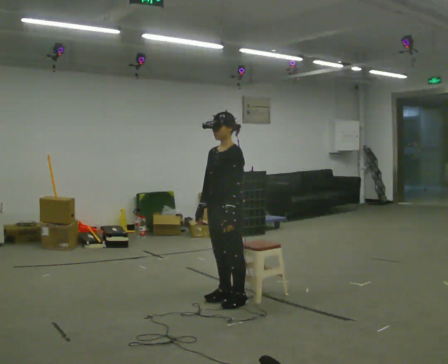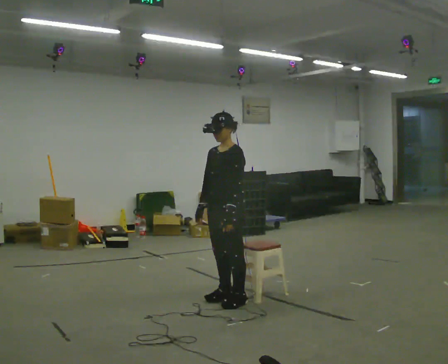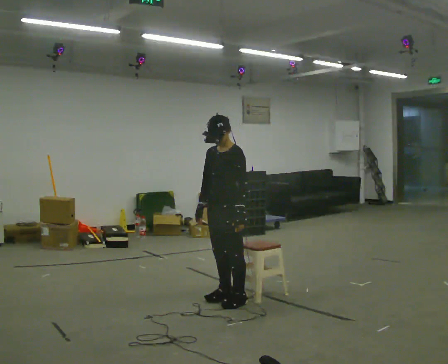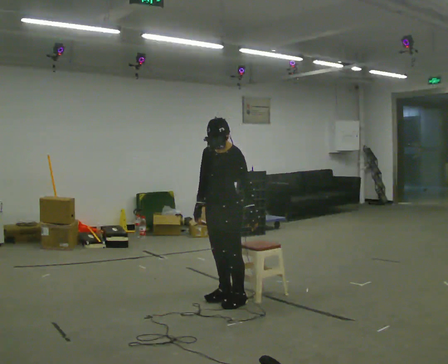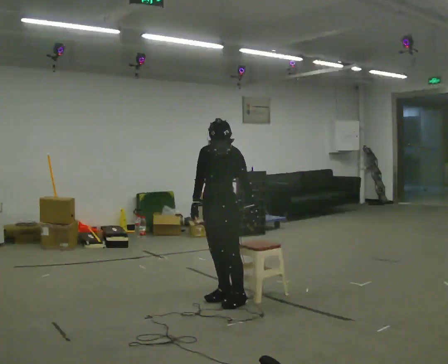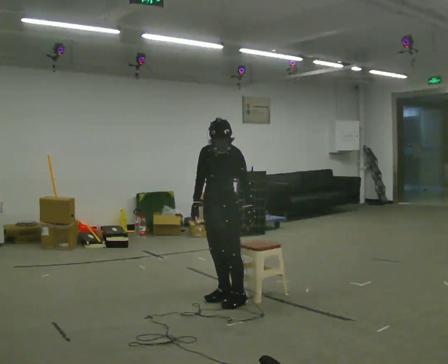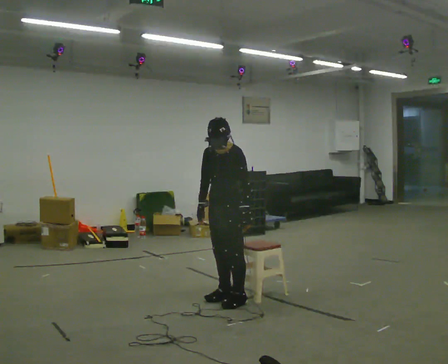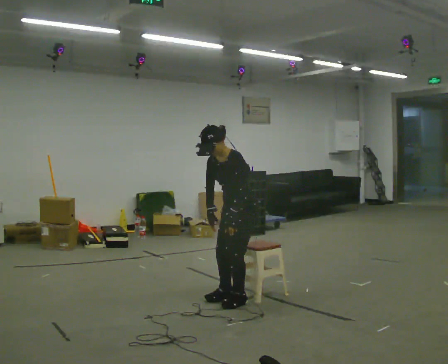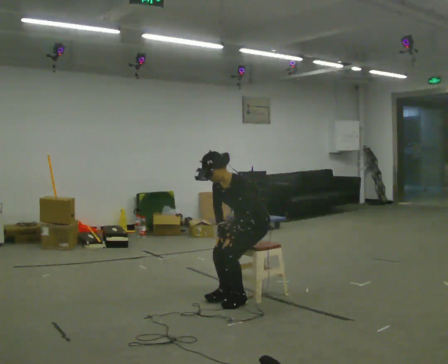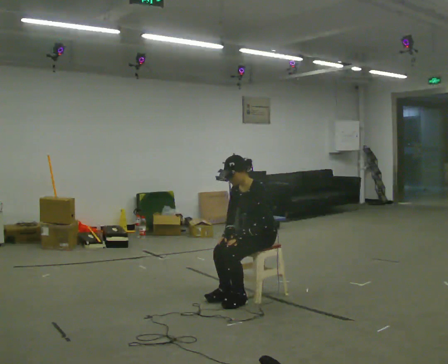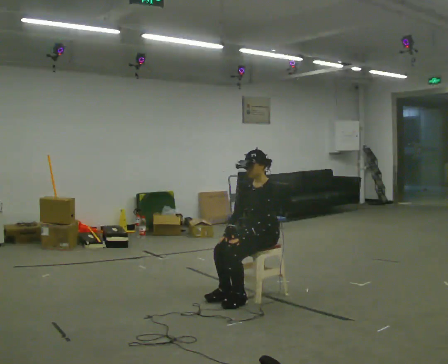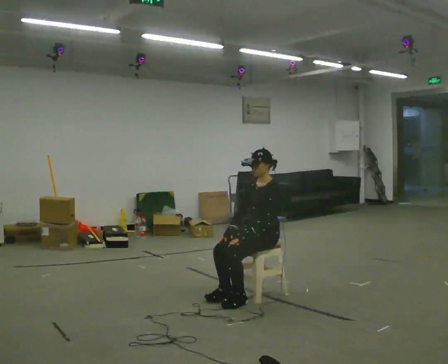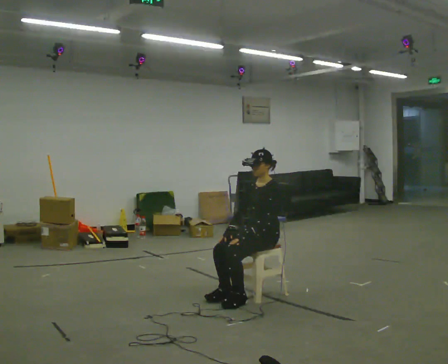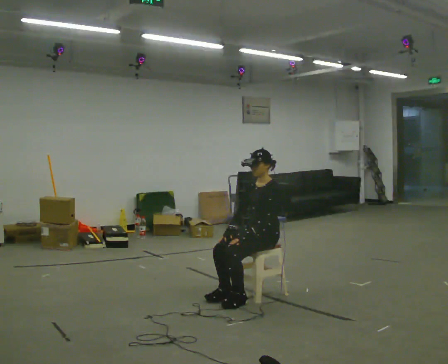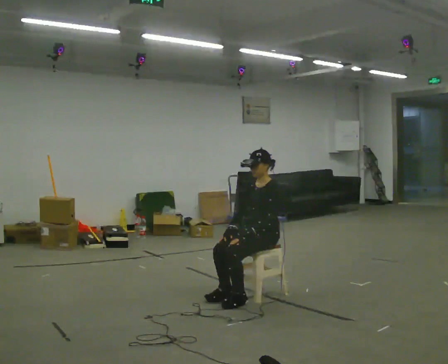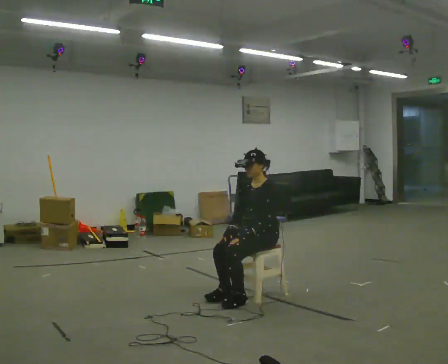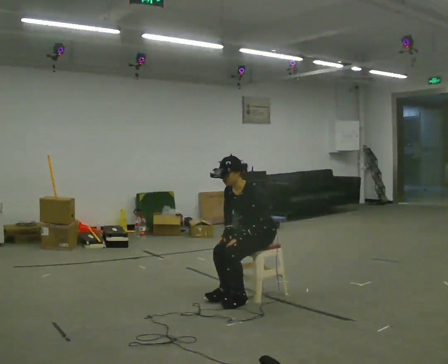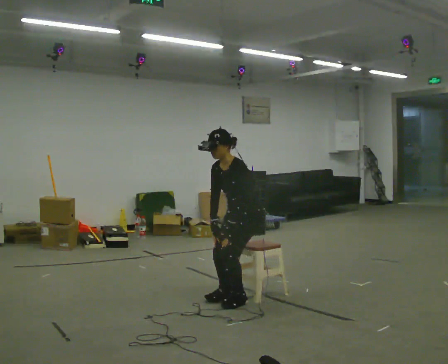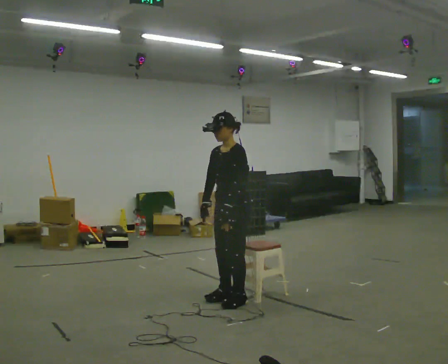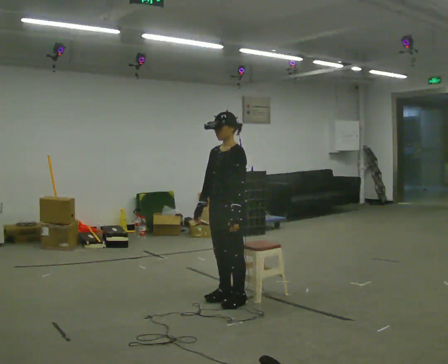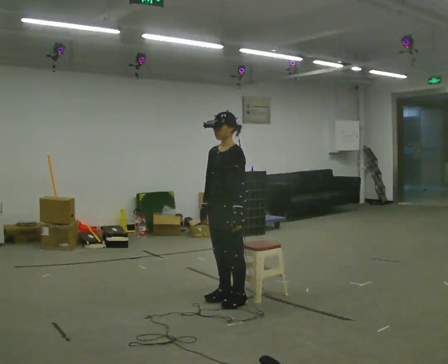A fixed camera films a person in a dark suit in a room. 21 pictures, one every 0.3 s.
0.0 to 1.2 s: The person moves a little, or ends about where they began.
1.2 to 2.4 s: In the picture they go to the right, about 0.25 m, which for them is backward. The shoulders move downward. In the picture the upper body tilts counterclockwise, shoulders to the left, as they bend forward.
2.4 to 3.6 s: In the picture the upper body tilts clockwise, shoulders to the right, as they lean back or straighten.
3.6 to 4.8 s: In the picture the upper body tilts counterclockwise, shoulders to the left, as they bend forward.
4.8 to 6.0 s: In the picture they go to the left and toward the camera, about 0.25 m, which for them is forward. The shoulders move upward. In the picture the upper body tilts clockwise, shoulders to the right, as they lean back or straighten.
The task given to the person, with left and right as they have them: Sit on the chair, stand up, then sit back down. Repeat the movement at your own pace until the operator says stop; do not rush.
The film runs forward here.
